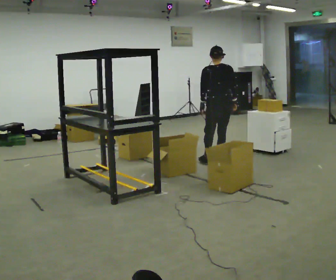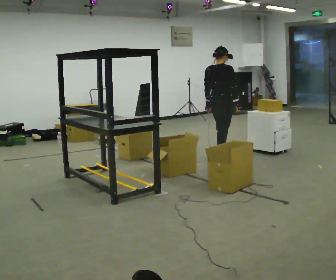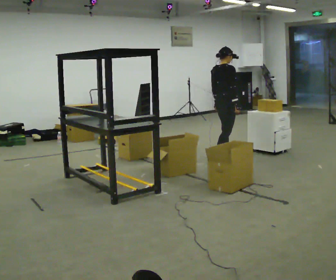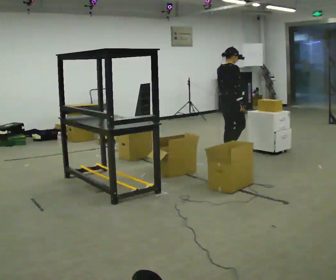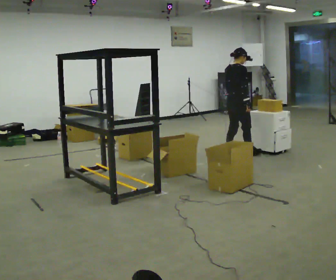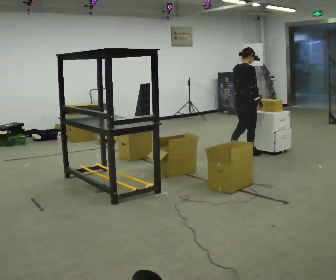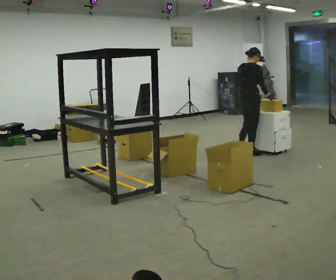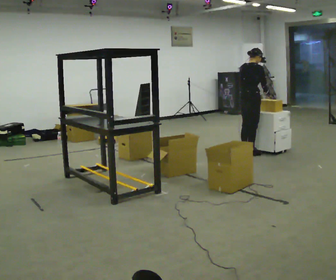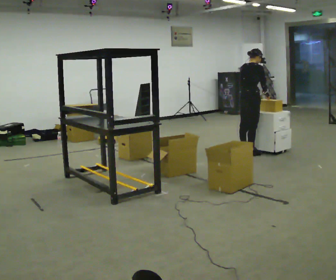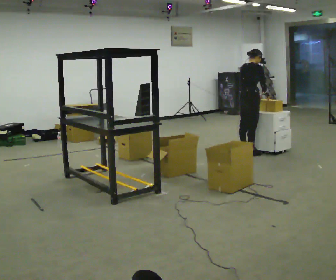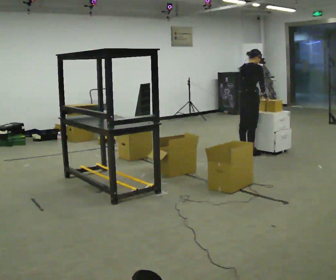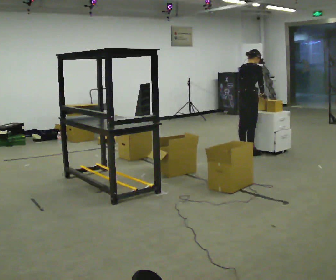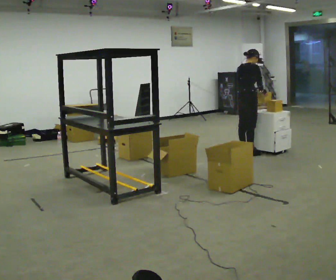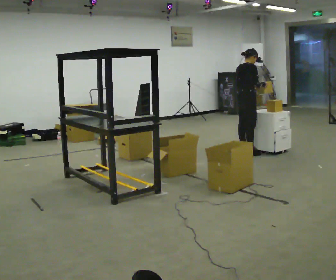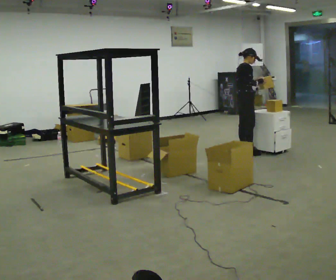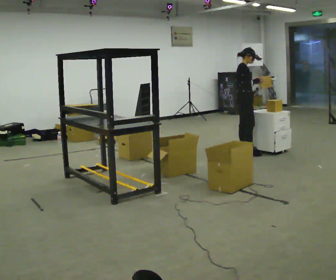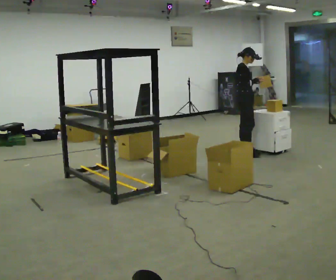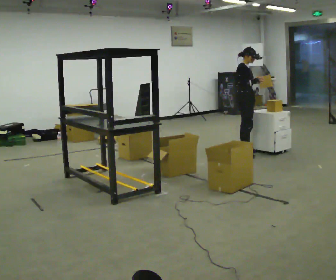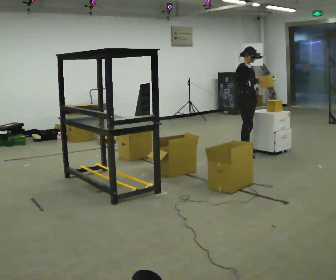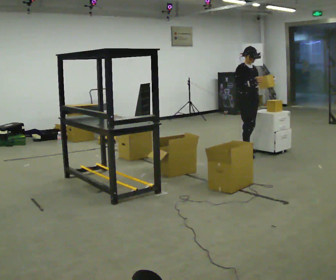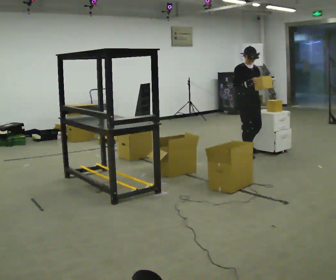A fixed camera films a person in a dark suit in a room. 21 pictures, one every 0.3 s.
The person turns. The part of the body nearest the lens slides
to the left.
The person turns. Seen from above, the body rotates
clockwise.
0.0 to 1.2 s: Seen from above the body turns clockwise, about 60 degrees: to their right, with its near side sliding to the left. In the picture they go away from the camera and to the right, about 0.25 m in 2 steps, which for them is forward.
1.2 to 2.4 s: In the picture they go to the right, about 0.25 m in 1 step, which for them is forward.
2.4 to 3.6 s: The person moves a little, or ends about where they began.
3.6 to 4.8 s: Seen from above the body turns clockwise, about 45 degrees: to their right, with its near side sliding to the left.
4.8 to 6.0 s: Seen from above the body turns clockwise, about 45 degrees: to their right, with its near side sliding to the left. In the picture they go toward the camera, about 0.25 m, which for them is to their right.
The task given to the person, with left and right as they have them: 1. Take the objects out of the box on the table one at a time. 2. Put each one in the bin the operator has labelled for it. 3. Tell the operator when you are finished.
The film runs forward here.
